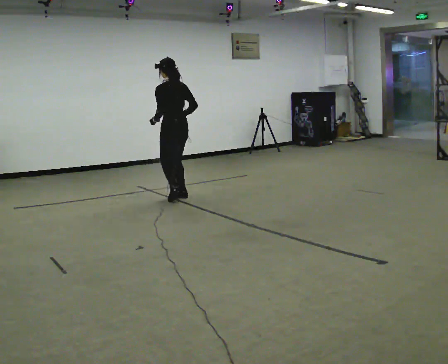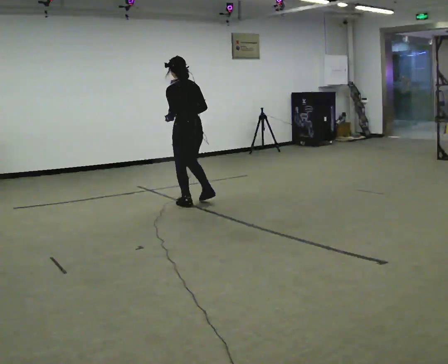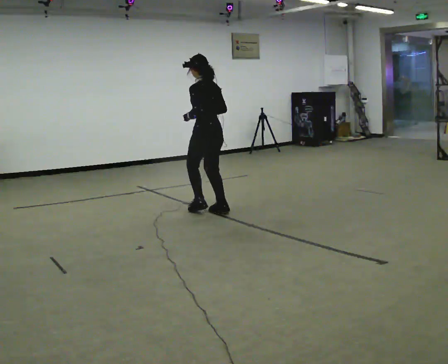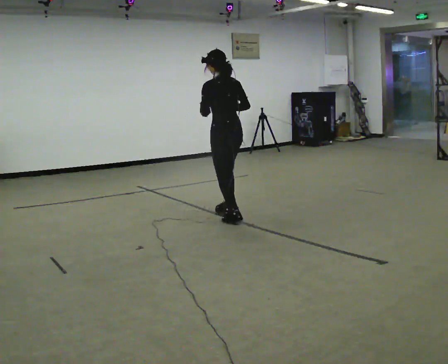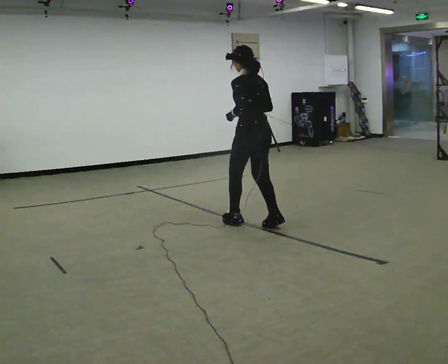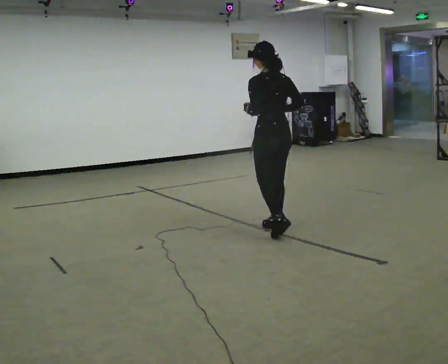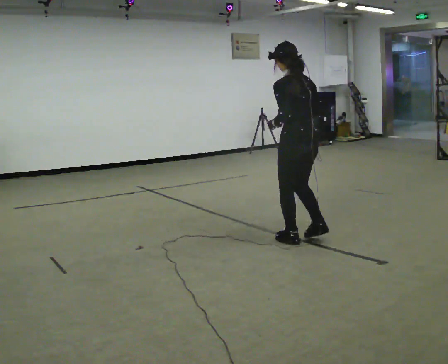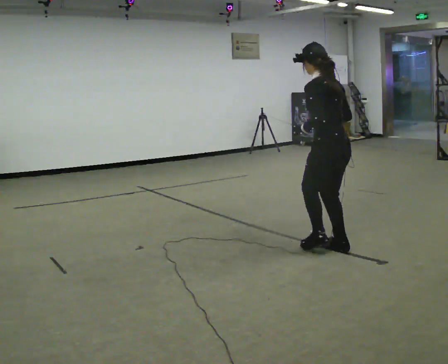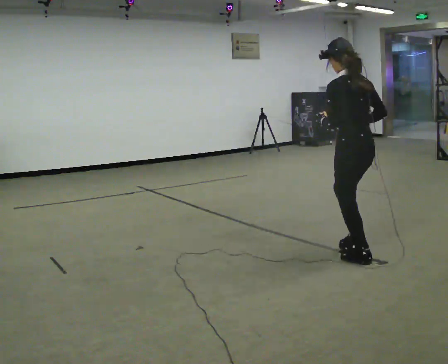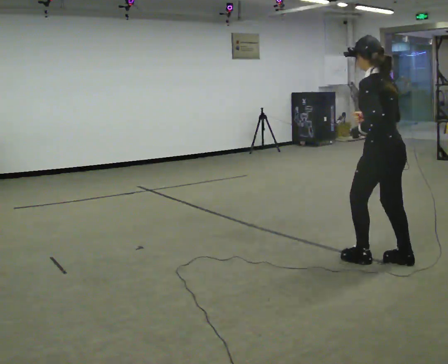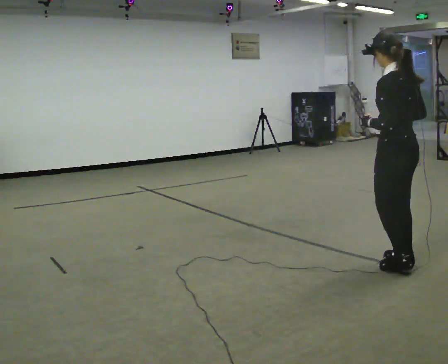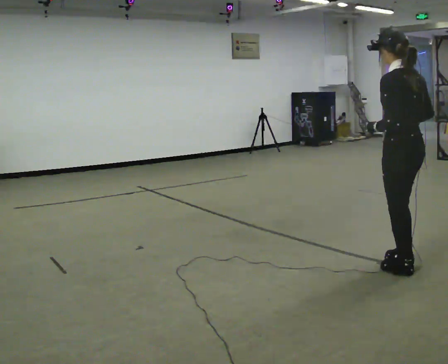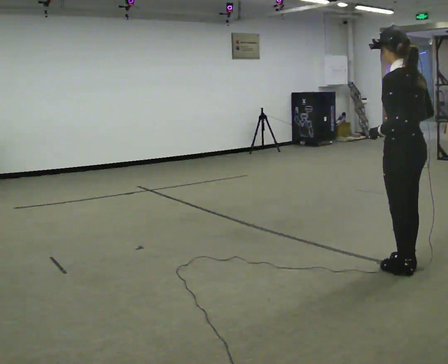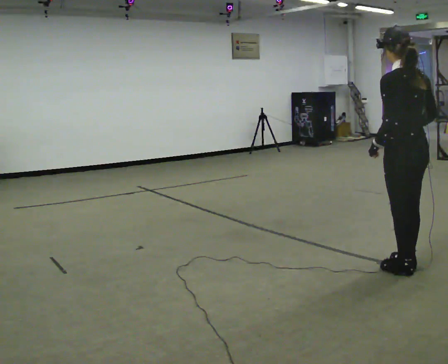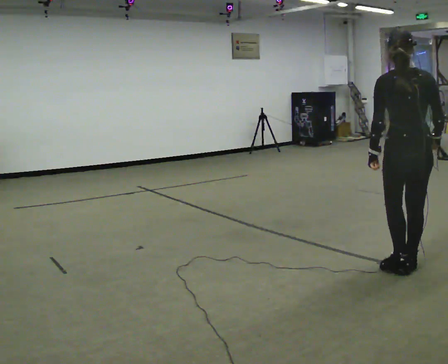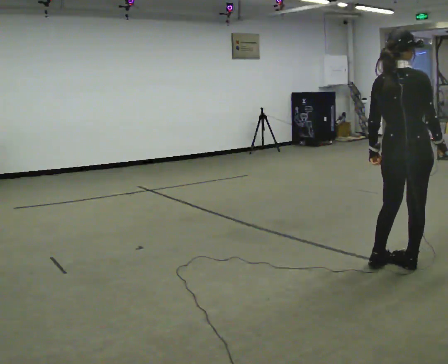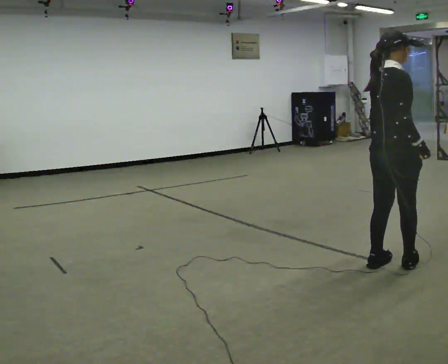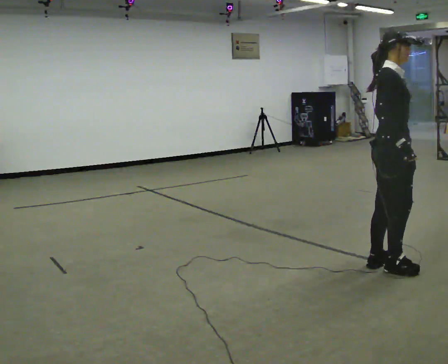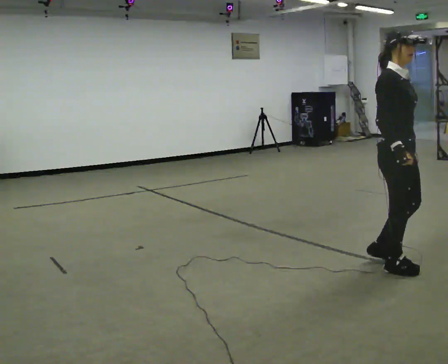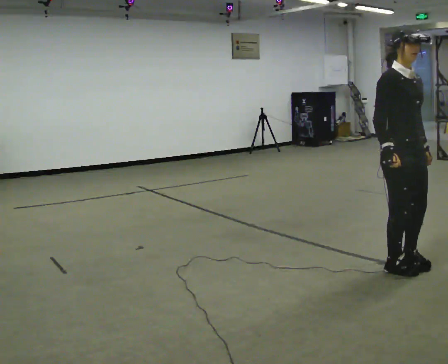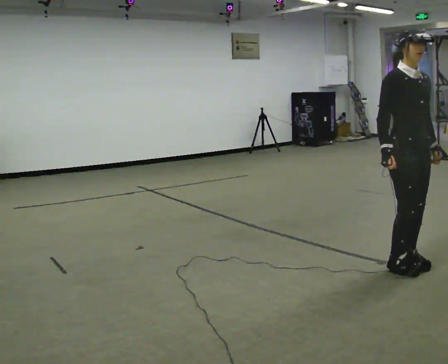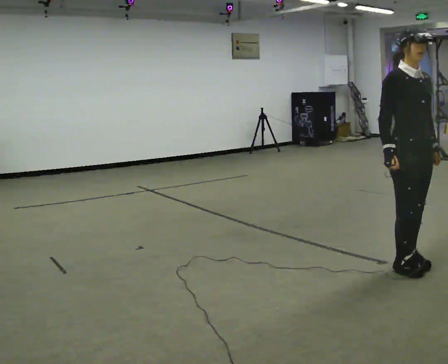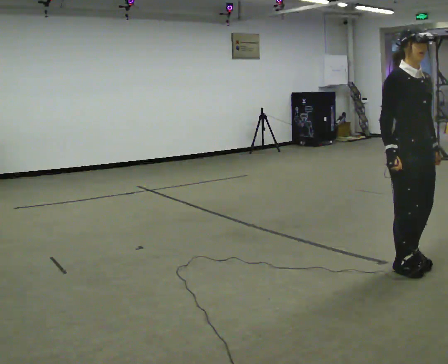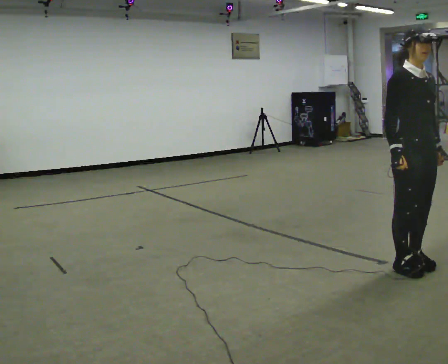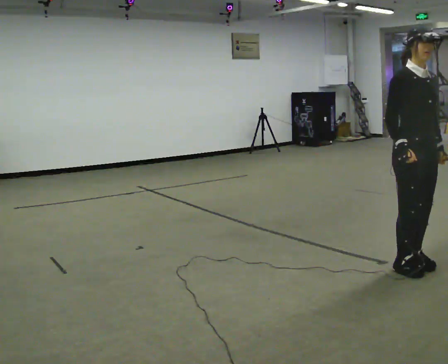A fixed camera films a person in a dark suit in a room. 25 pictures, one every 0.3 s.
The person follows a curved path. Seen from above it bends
counterclockwise.
0.0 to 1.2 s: In the picture they go to the right and toward the camera, about 1.5 m in 3 steps, which for them is backward.
1.2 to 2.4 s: In the picture they go to the right and toward the camera, about 1 m in 4 steps, which for them is backward.
2.4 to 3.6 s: In the picture they go to the right and toward the camera, about 0.5 m in 2 steps, which for them is backward.
3.6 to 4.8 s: Seen from above the body turns clockwise, about 105 degrees: to their right, with its near side sliding to the left.
4.8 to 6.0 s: Seen from above the body turns clockwise, about 75 degrees: to their right, with its near side sliding to the left.
6.0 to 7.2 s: The person moves a little, or ends about where they began.
The film runs forward here.
